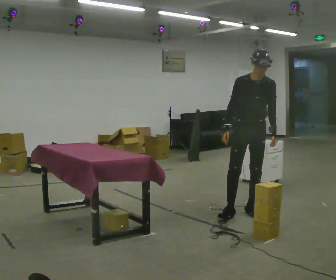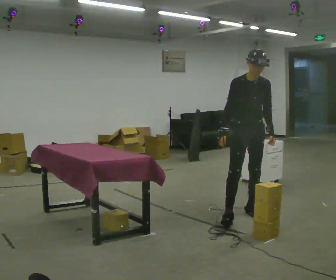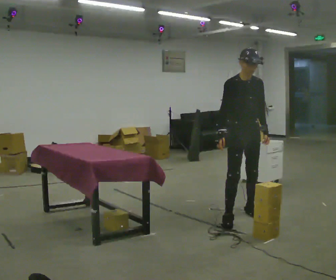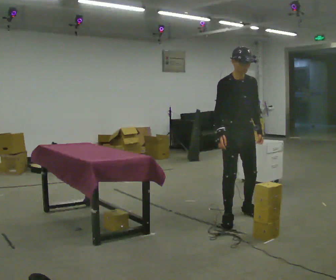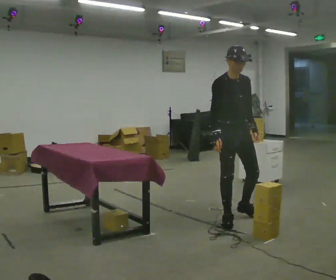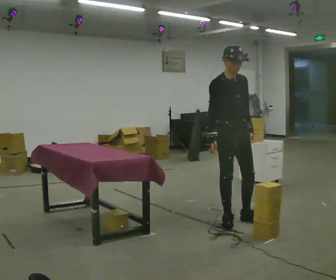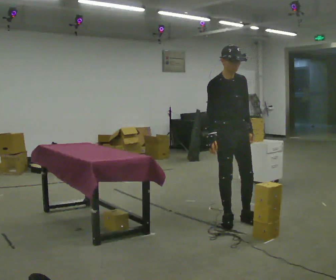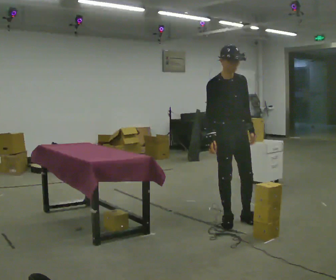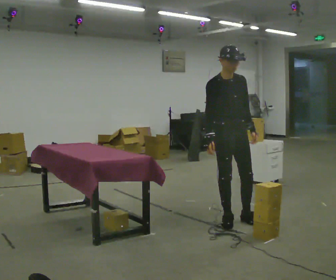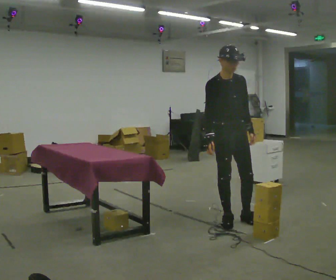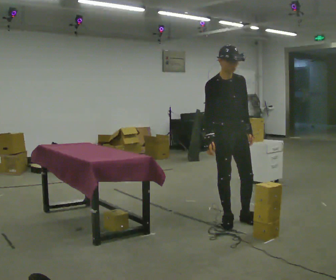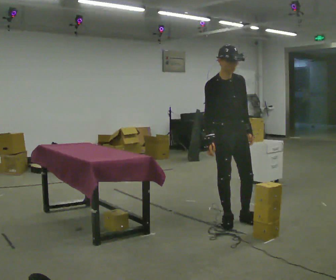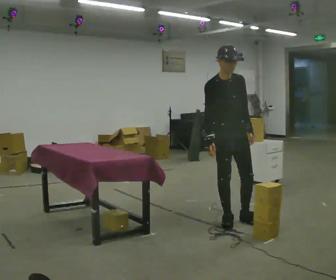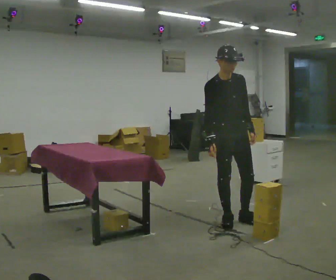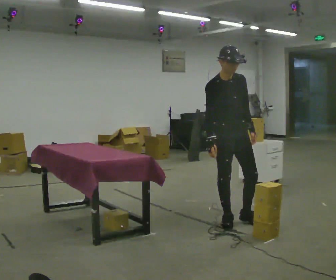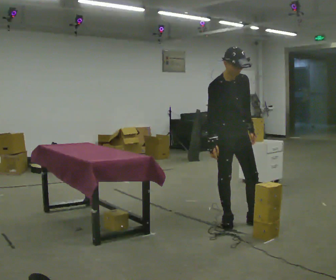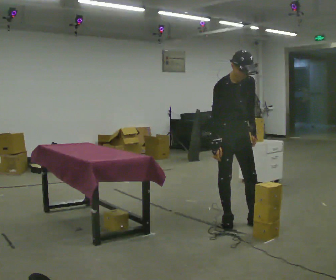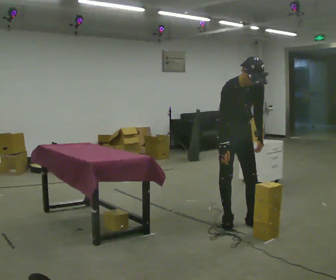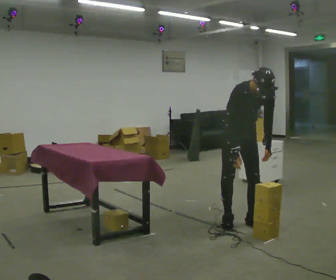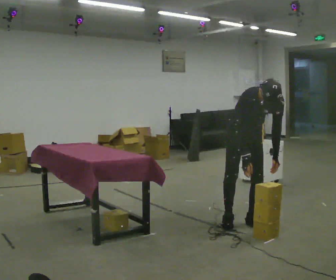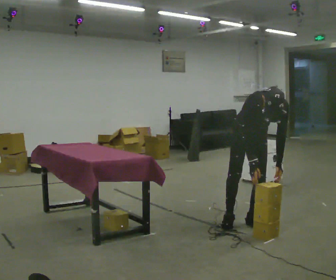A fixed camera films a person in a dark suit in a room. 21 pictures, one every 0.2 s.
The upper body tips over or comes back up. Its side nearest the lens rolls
downward.
0.0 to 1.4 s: The person turns about 30 degrees to their left, counterclockwise seen from above, so the part of the body nearest the lens slides to the right. In the picture they go toward the camera and to the left, about 0.25 m in 2 steps, which for them is to their right.
1.4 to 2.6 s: The person moves a little, or ends about where they began.
2.6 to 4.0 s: The person turns about 30 degrees to their right, clockwise seen from above, so the part of the body nearest the lens slides to the left. In the picture they go to the right, about 0.25 m, which for them is to their left. The upper body goes downward. The upper body tips toward the camera, its near side rolling downward, as they bend forward.
The film runs forward here.
